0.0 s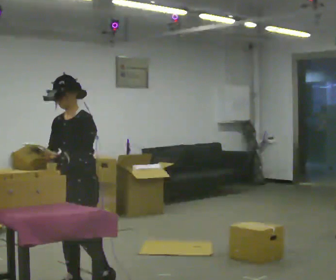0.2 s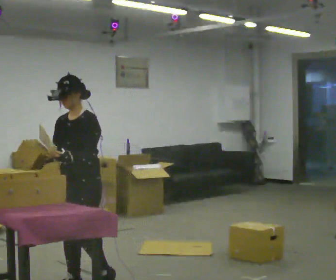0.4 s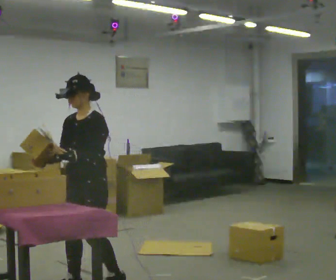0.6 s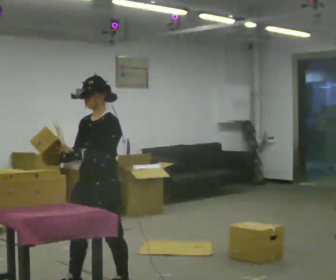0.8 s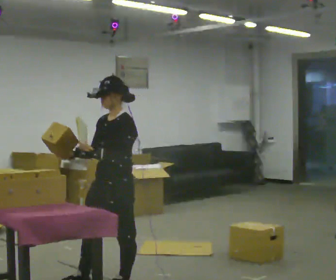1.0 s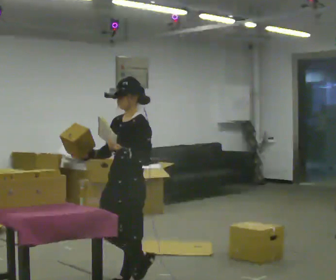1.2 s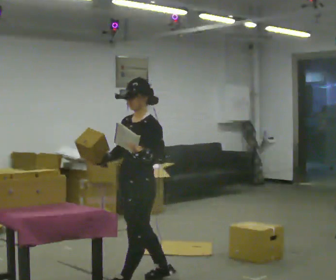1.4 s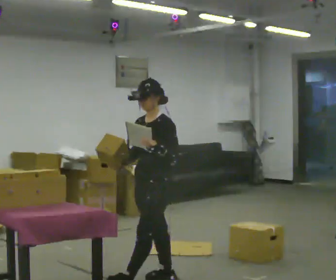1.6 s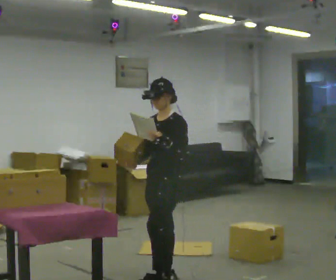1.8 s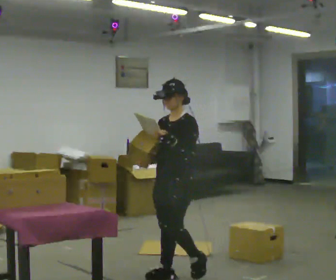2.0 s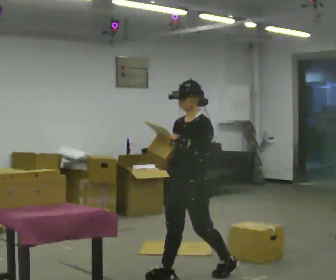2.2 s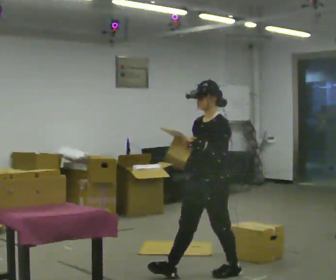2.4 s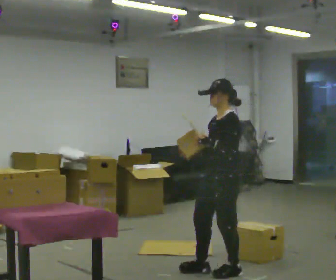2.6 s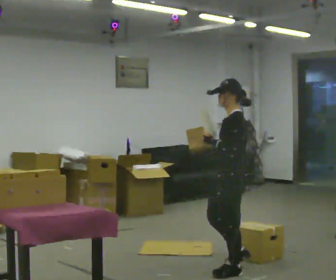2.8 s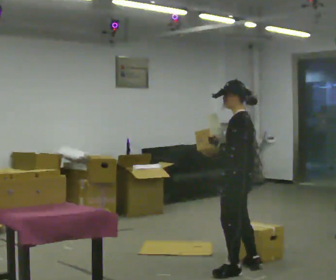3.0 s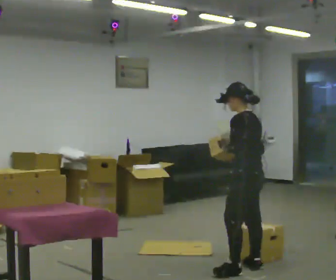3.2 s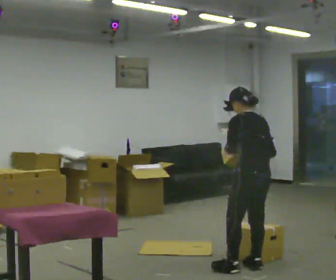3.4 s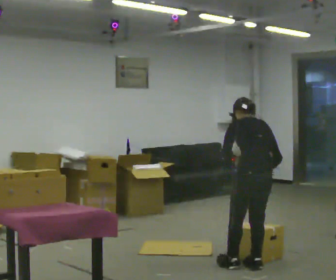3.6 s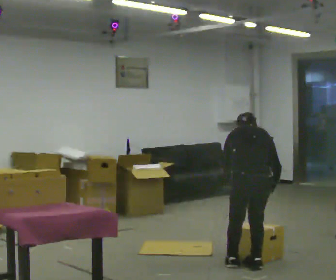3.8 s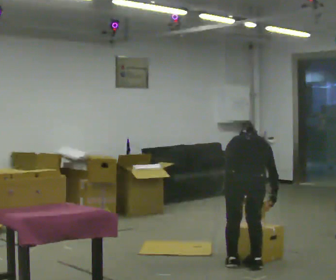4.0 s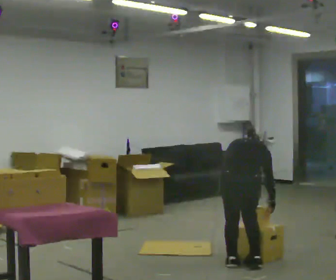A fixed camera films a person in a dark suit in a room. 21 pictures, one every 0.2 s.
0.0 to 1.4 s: In the picture they go to the right and away from the camera, about 0.5 m in 2 steps, which for them is backward.
1.4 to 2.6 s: The person turns about 30 degrees to their right, clockwise seen from above, so the part of the body nearest the lens slides to the left. In the picture they go to the right, about 0.75 m in 2 steps, which for them is backward and to their left.
2.6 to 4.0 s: The person turns about 105 degrees to their right, clockwise seen from above, so the part of the body nearest the lens slides to the left. The shoulders move downward. The upper body tips away from the camera, its near side rolling upward, as they bend forward. In the picture their right hand goes to the right and downward.
The film runs backward here.
